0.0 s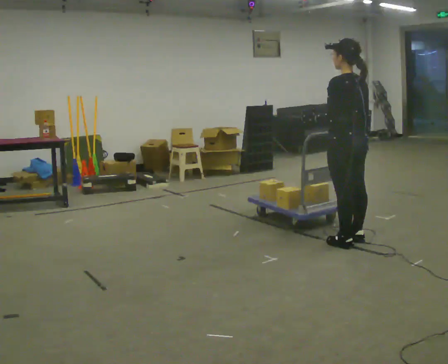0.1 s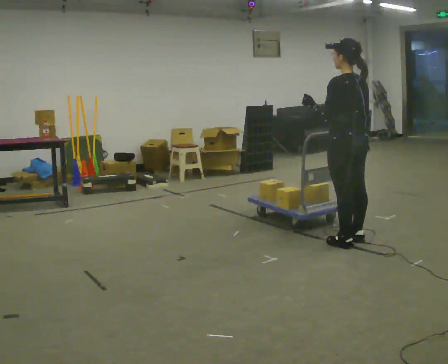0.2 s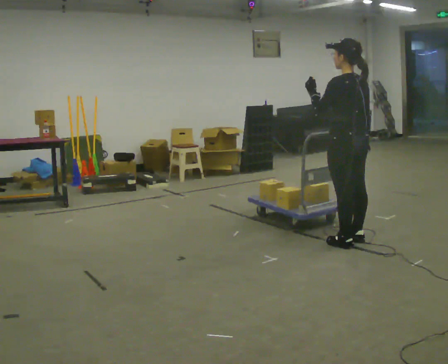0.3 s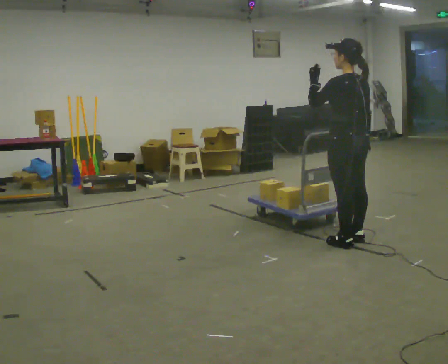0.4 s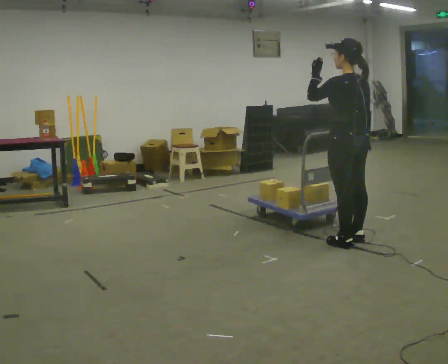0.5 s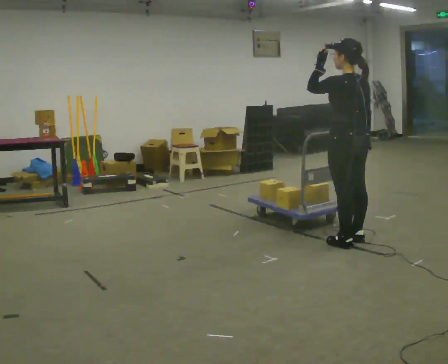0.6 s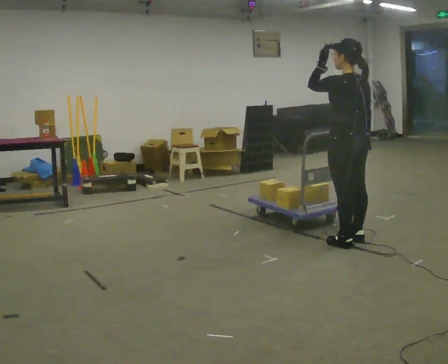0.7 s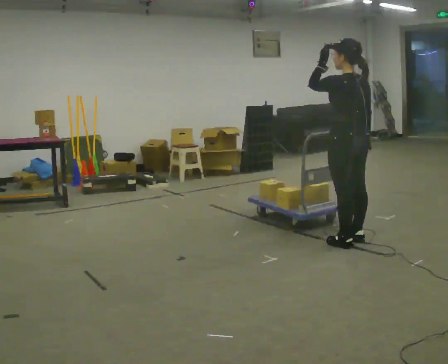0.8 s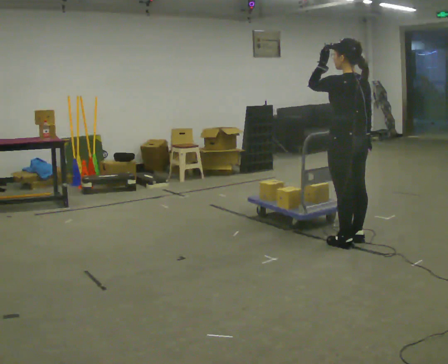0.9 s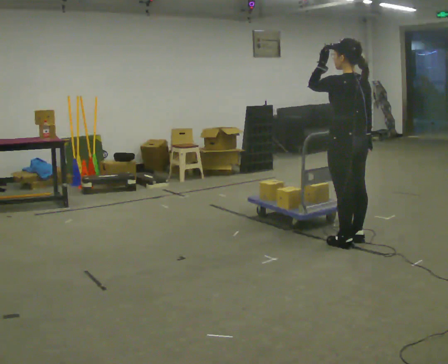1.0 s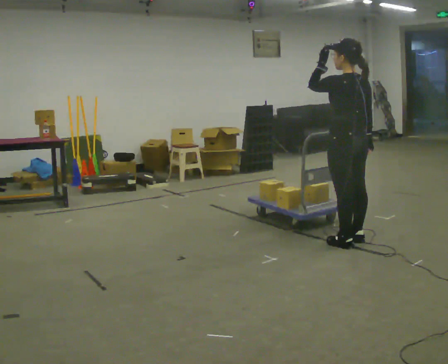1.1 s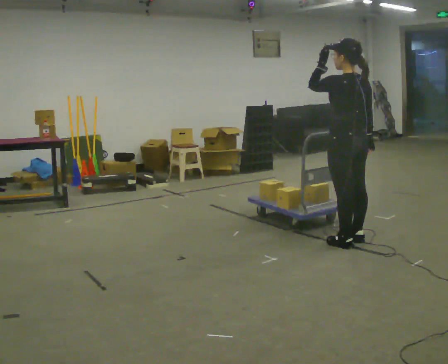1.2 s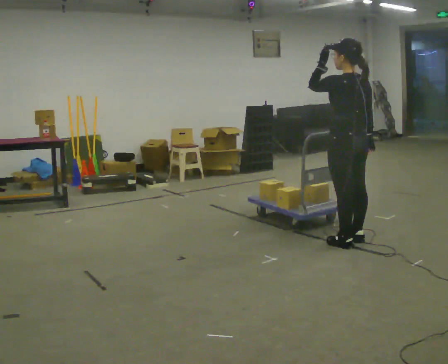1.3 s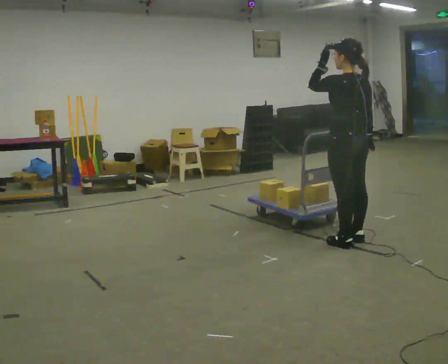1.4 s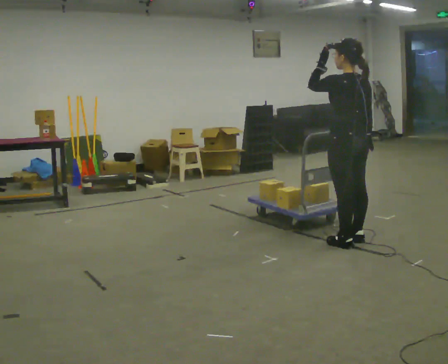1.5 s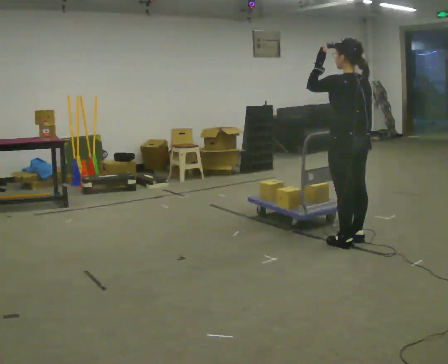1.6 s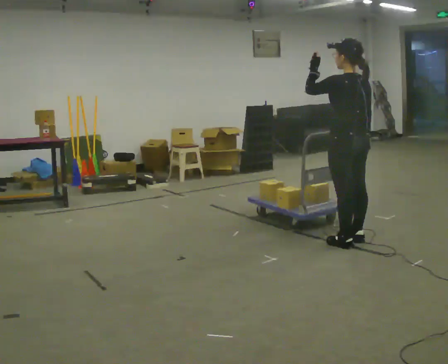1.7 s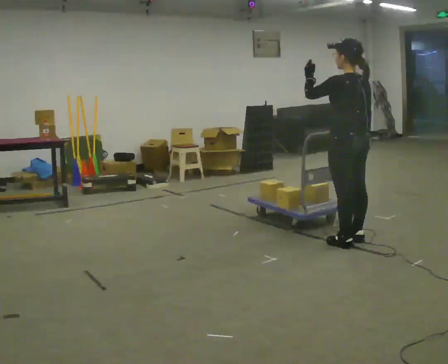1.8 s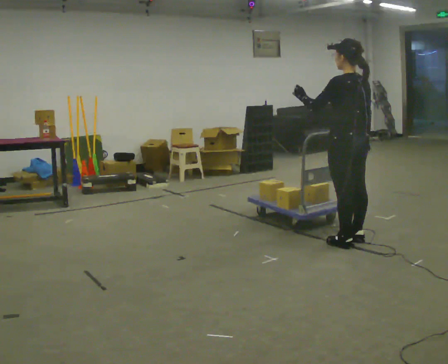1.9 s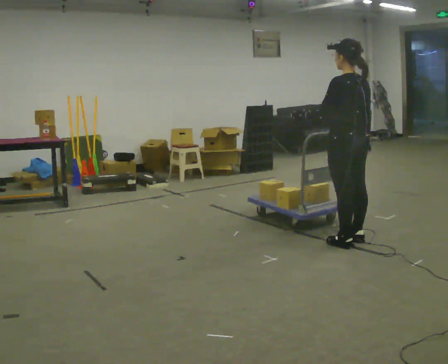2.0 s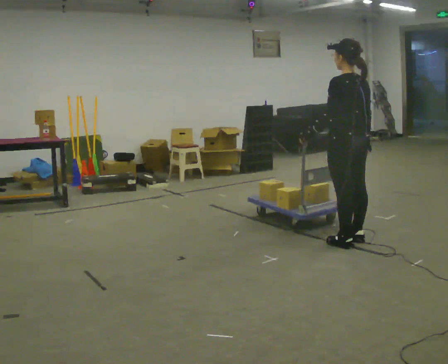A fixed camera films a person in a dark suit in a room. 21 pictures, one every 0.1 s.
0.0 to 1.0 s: In the picture their left hand goes upward.
1.0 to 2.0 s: In the picture their left hand goes downward.
The film runs backward here.
